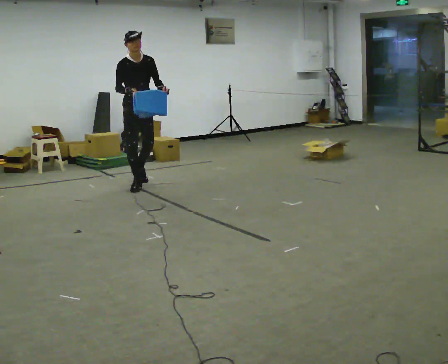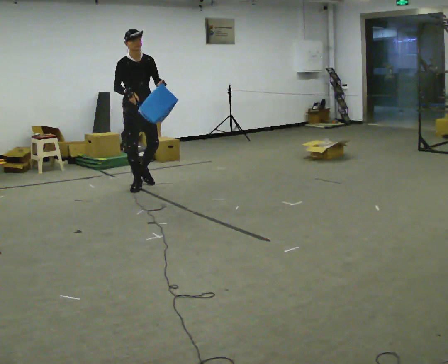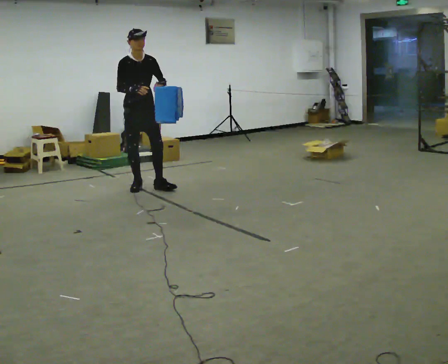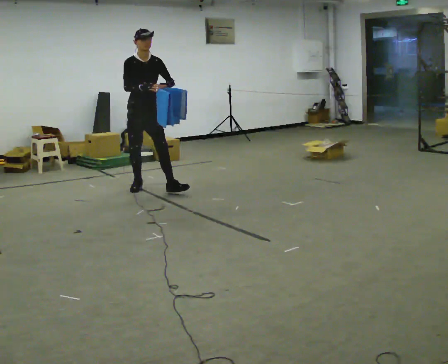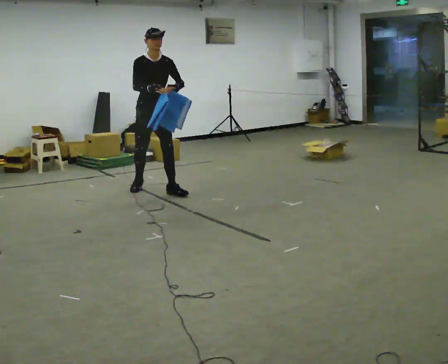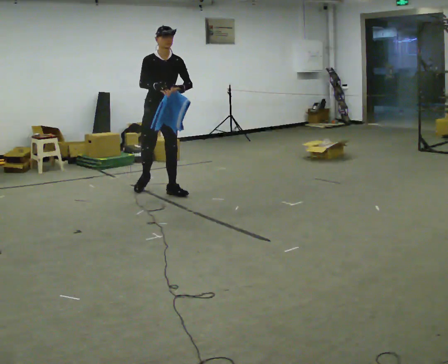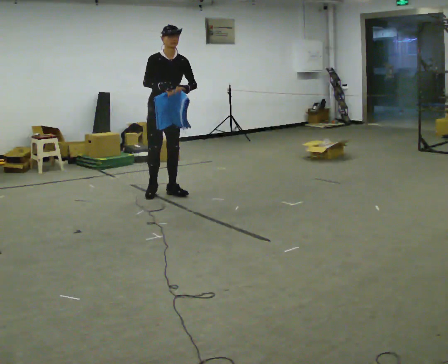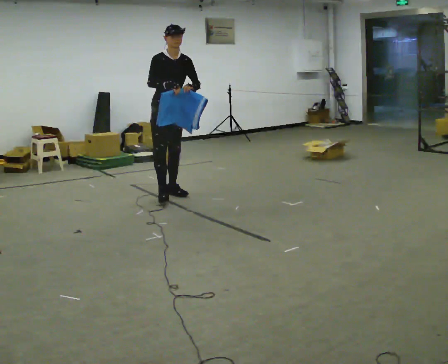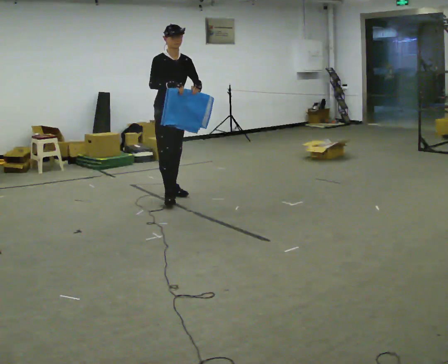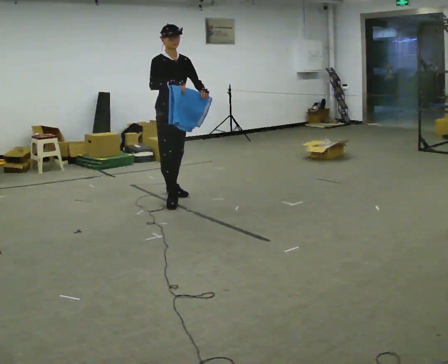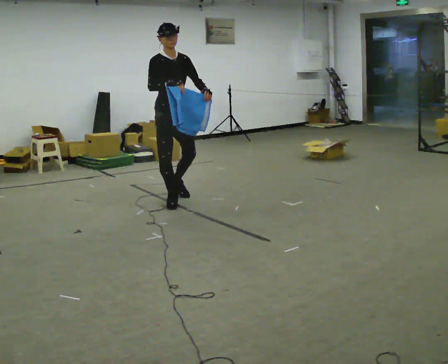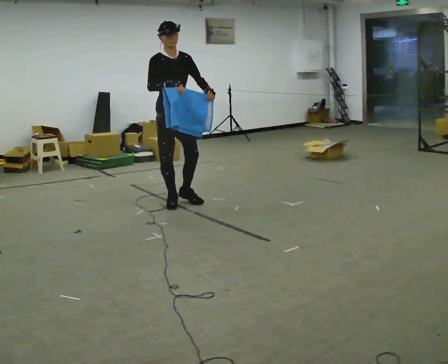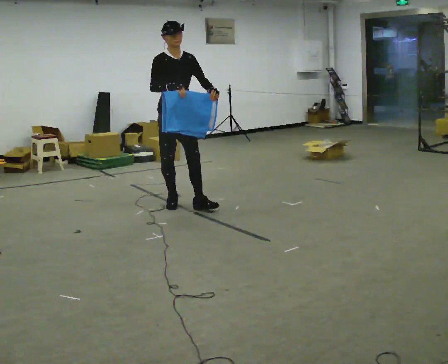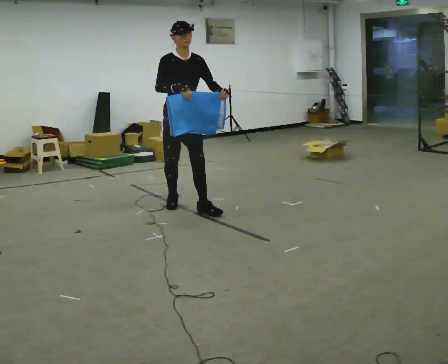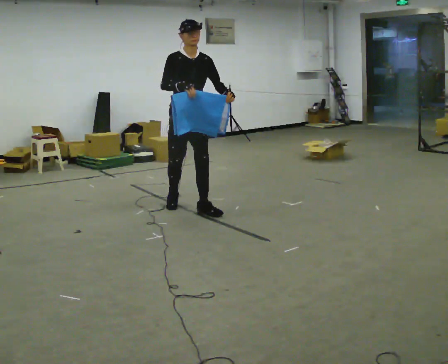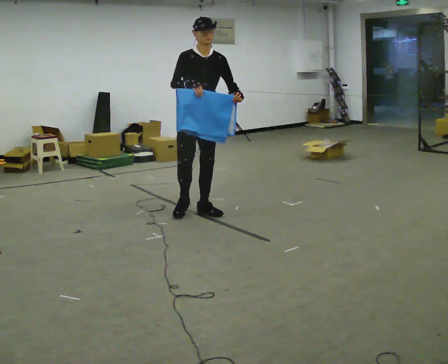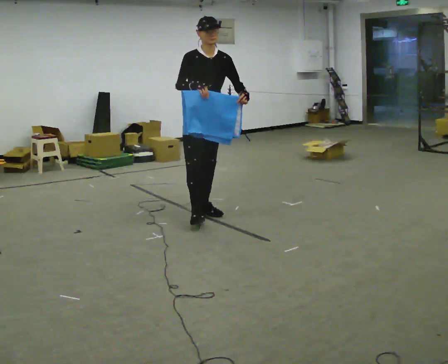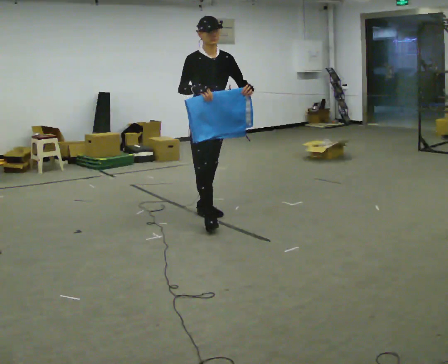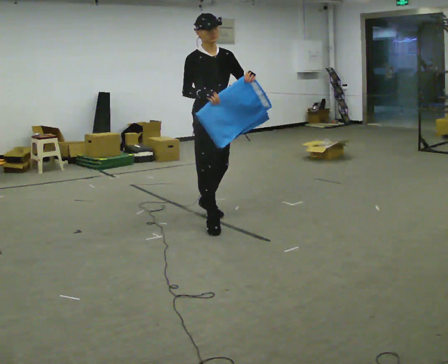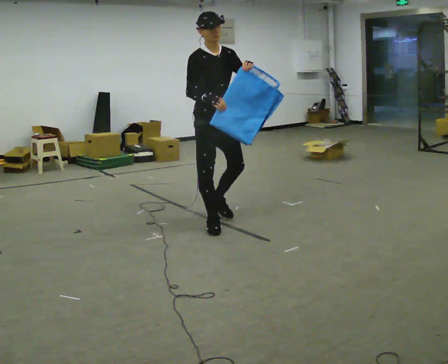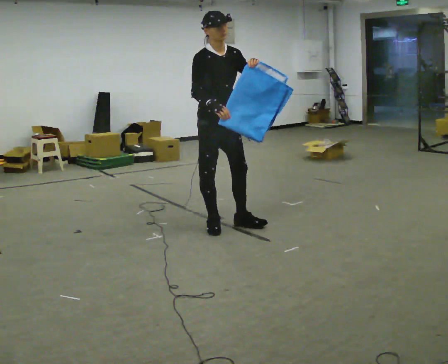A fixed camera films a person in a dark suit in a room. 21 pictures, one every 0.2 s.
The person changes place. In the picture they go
toward the camera.
0.0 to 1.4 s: In the picture they go toward the camera and to the right, about 0.5 m in 1 step, which for them is forward.
1.4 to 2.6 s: In the picture they go toward the camera, about 0.5 m in 2 steps, which for them is forward.
2.6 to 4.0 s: In the picture they go toward the camera and to the right, about 0.5 m in 1 step, which for them is forward.
The film runs forward here.
